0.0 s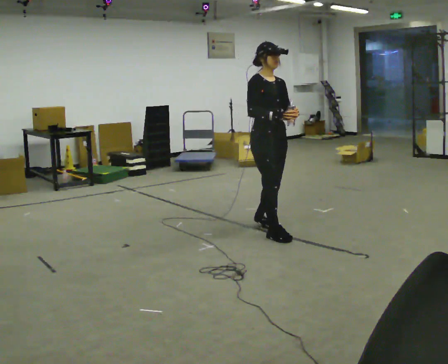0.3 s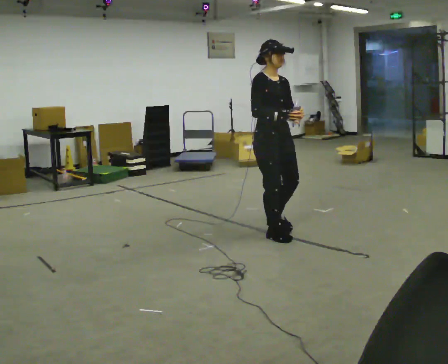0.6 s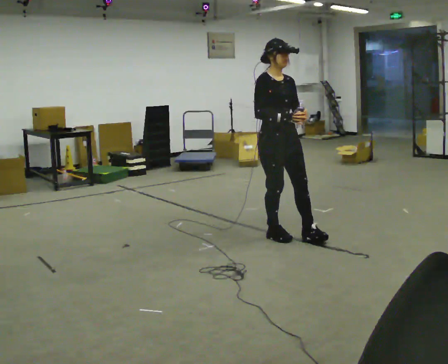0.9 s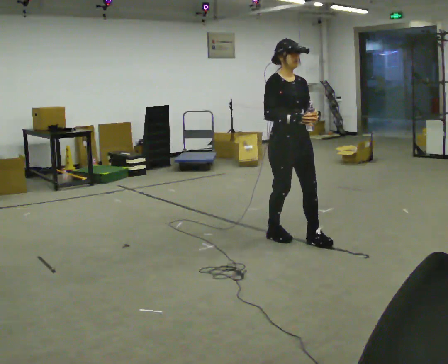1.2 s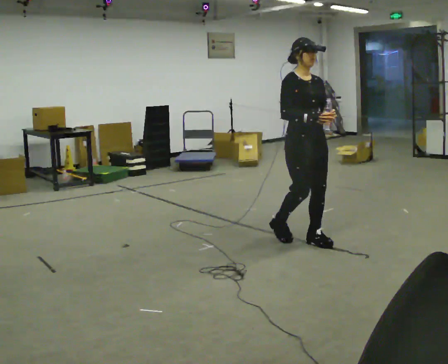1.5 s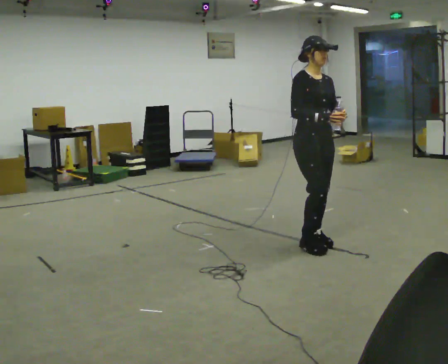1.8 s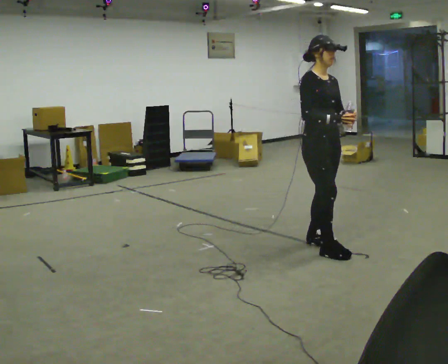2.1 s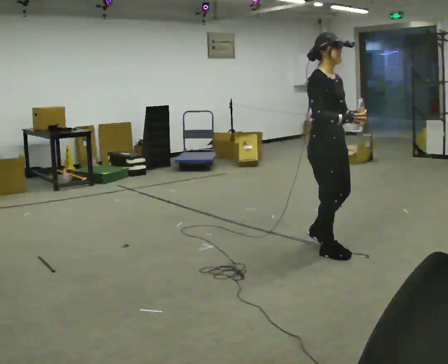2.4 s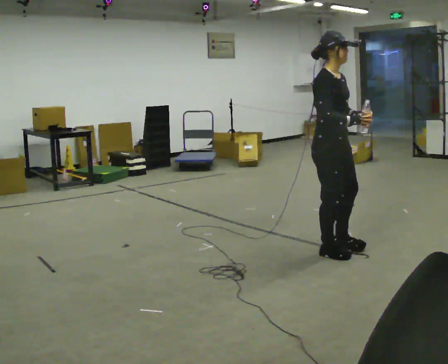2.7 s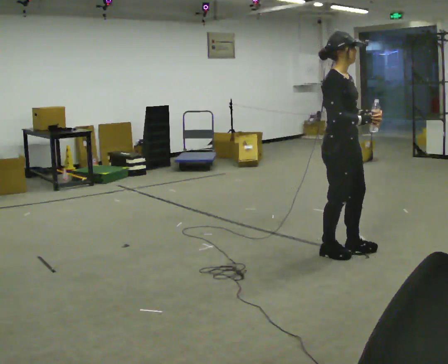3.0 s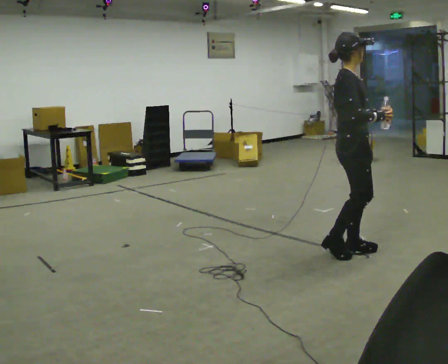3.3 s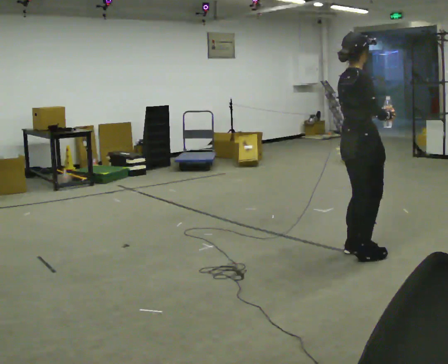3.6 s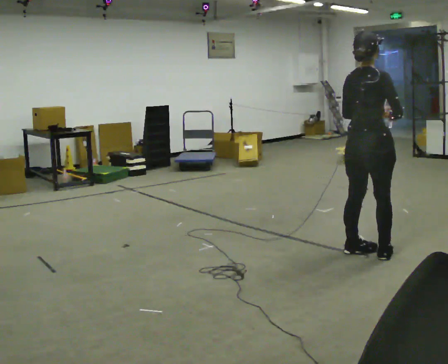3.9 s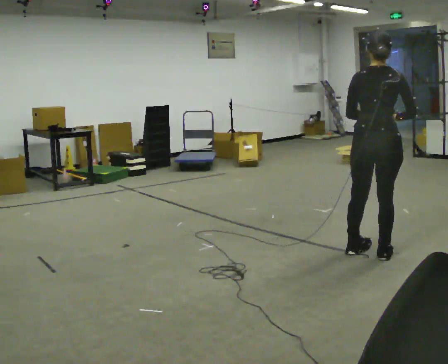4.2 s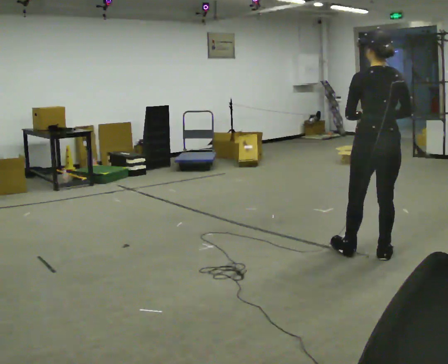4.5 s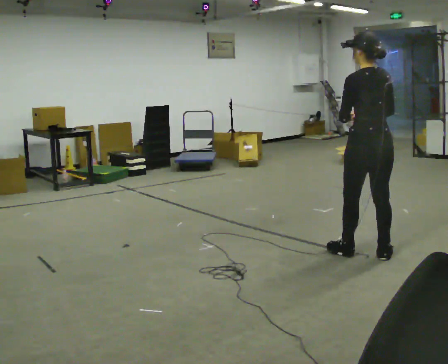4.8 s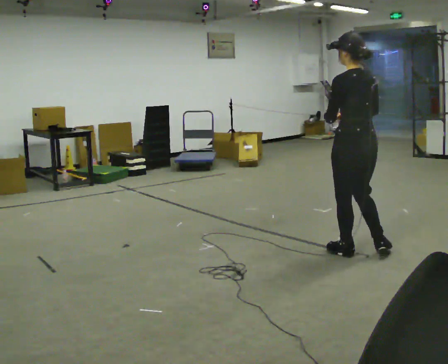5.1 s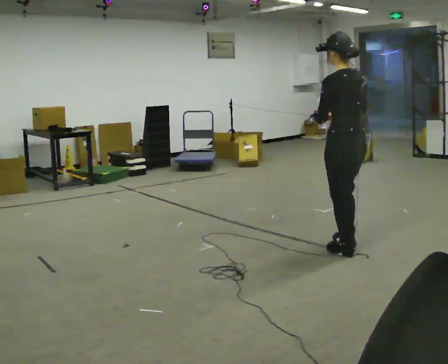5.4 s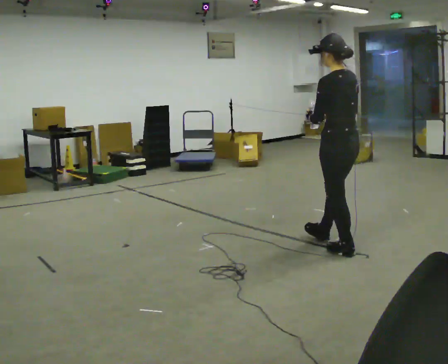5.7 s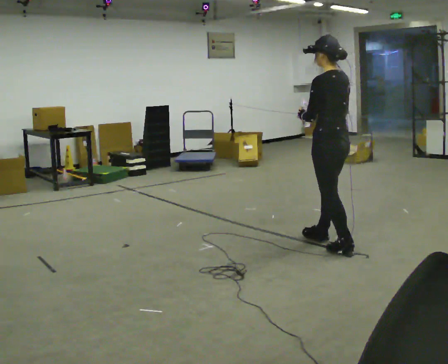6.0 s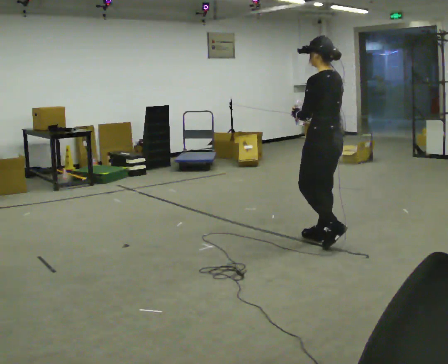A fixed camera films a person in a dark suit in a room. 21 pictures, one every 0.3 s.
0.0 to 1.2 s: In the picture they go to the right and toward the camera, about 0.5 m in 1 step, which for them is forward.
1.2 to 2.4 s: The person turns about 30 degrees to their left, counterclockwise seen from above, so the part of the body nearest the lens slides to the right. In the picture they go toward the camera and to the right, about 0.25 m in 1 step, which for them is forward.
2.4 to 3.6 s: Seen from above the body turns counterclockwise, about 75 degrees: to their left, with its near side sliding to the right. In the picture they go to the right, about 0.25 m in 2 steps.
3.6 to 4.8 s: The person turns about 75 degrees to their left, counterclockwise seen from above, so the part of the body nearest the lens slides to the right. In the picture their right hand goes to the left.
4.8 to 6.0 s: In the picture they go away from the camera and to the left, about 0.5 m in 1 step, which for them is forward.
The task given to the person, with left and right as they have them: Carry the open container of water across the room without spilling it, back and forth.
The film runs forward here.
